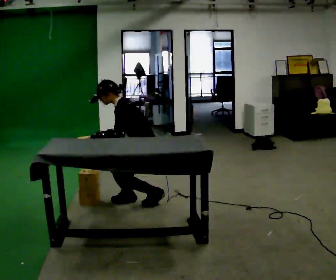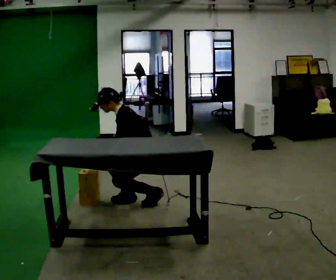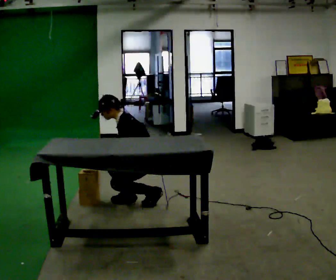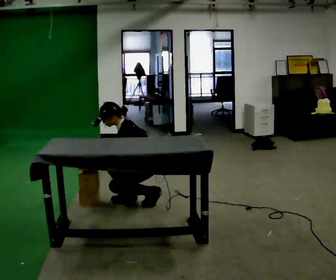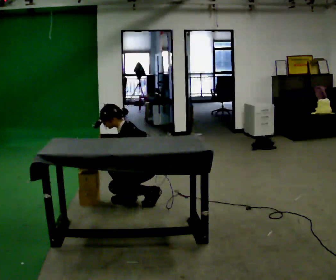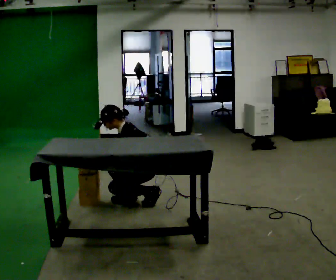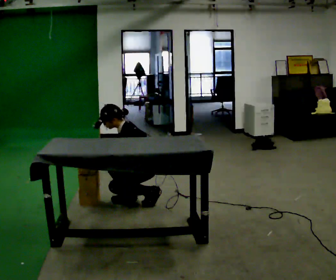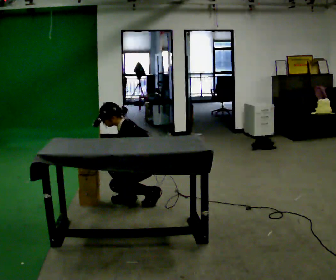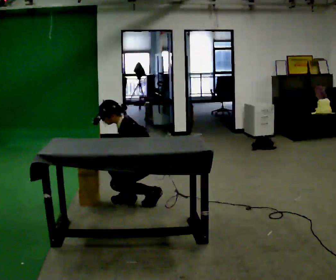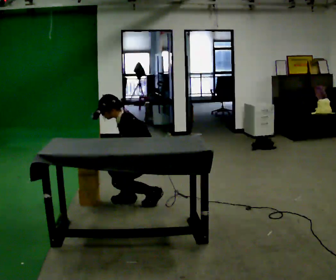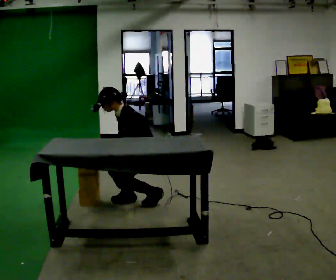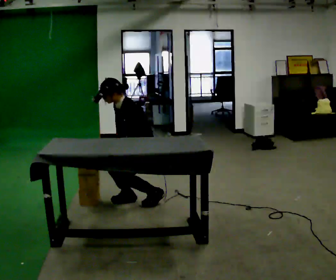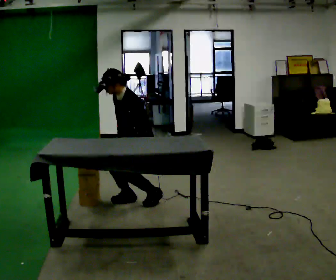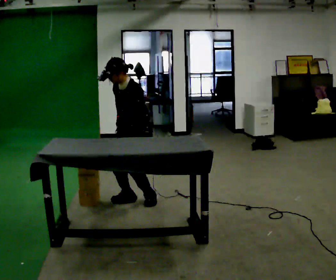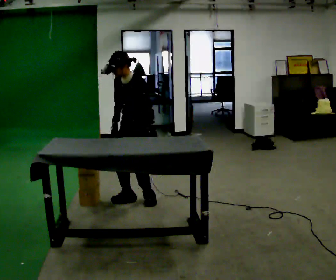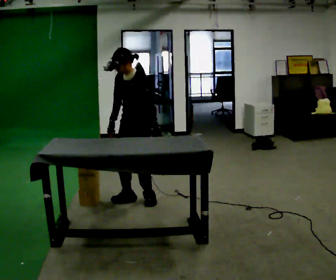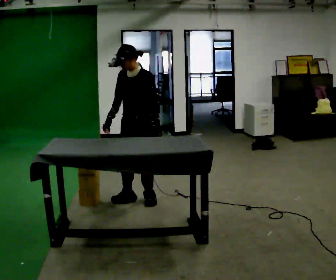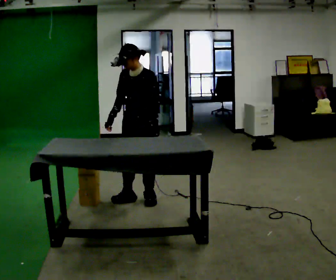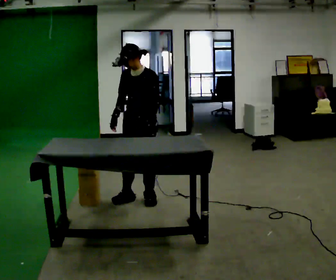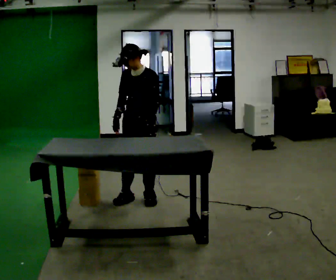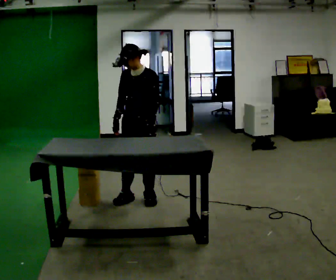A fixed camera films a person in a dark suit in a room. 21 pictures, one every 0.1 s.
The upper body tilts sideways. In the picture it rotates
clockwise.
0.0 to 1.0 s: The person moves a little, or ends about where they began.
1.0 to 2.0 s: The person turns about 30 degrees to their left, counterclockwise seen from above, so the part of the body nearest the lens slides to the right. The upper body goes upward. In the picture the upper body tilts clockwise, shoulders to the right, as they lean back or straighten. In the picture their left hand goes to the right and upward.
The film runs forward here.
